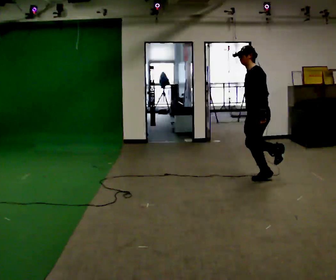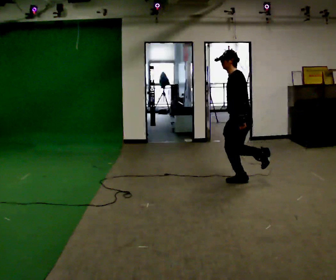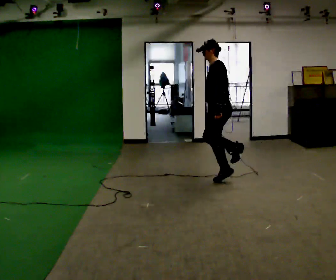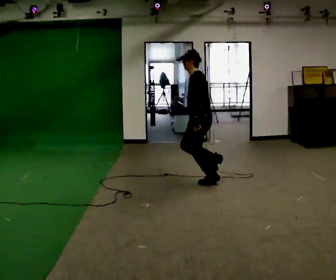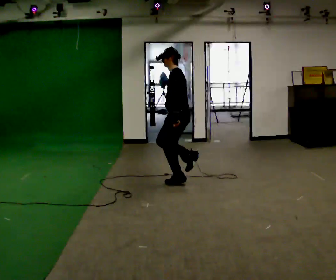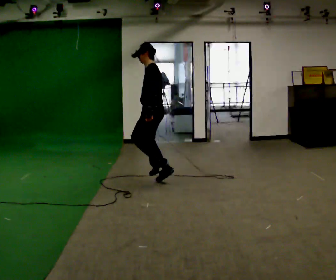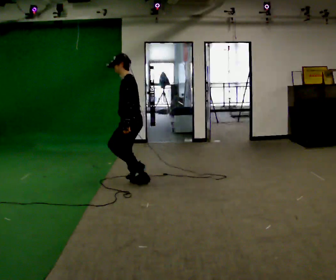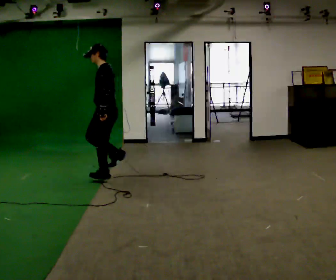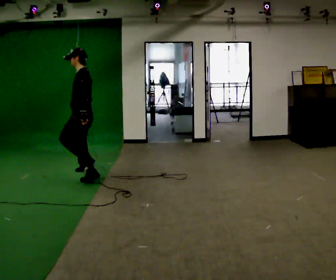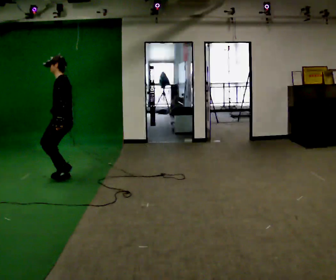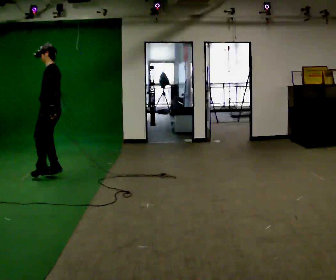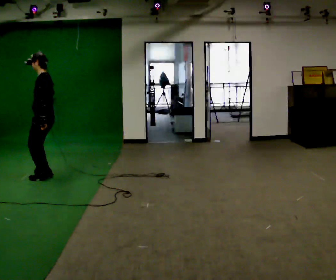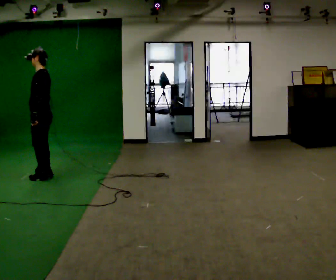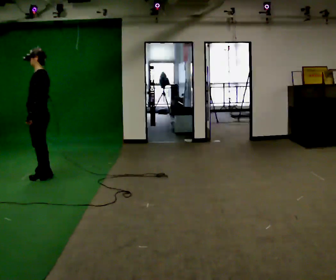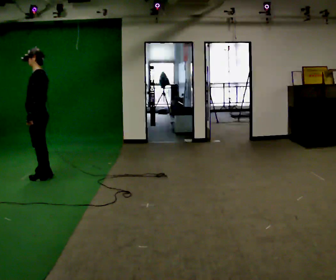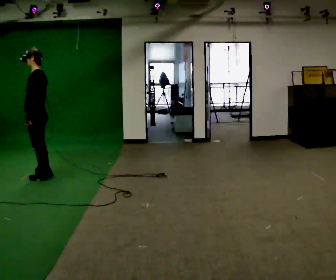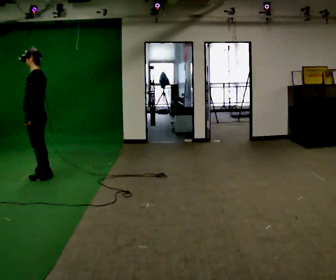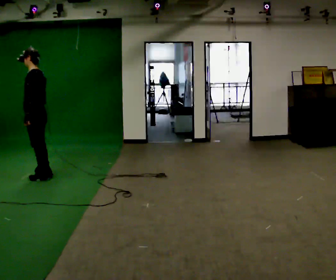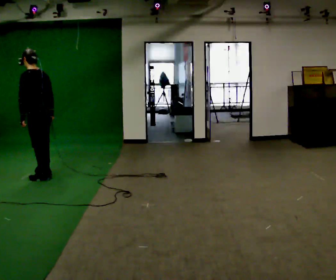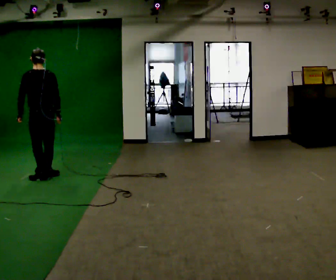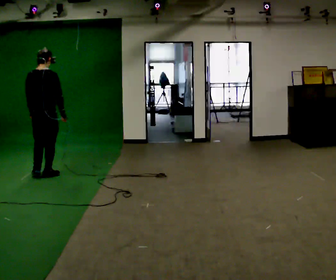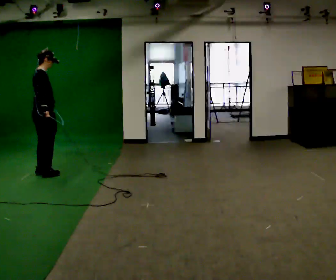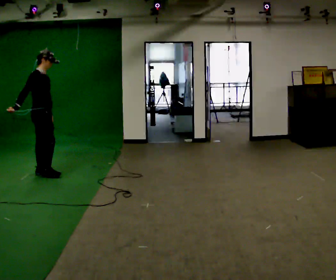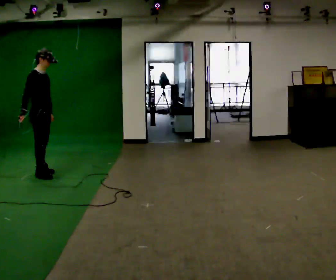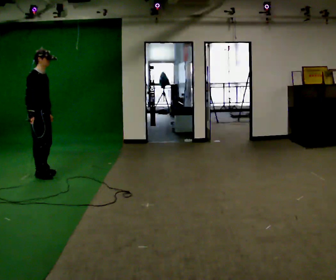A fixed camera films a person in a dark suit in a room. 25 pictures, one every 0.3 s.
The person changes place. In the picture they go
to the left.
The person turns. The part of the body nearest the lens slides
to the left.
0.0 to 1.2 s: In the picture they go to the left, about 1 m in 2 steps, which for them is forward.
1.2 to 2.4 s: In the picture they go to the left, about 1 m in 3 steps, which for them is forward.
2.4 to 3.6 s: In the picture they go to the left, about 0.5 m in 3 steps, which for them is forward.
3.6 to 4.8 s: The person moves a little, or ends about where they began.
4.8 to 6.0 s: The person turns about 105 degrees to their right, clockwise seen from above, so the part of the body nearest the lens slides to the left.
6.0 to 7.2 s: The person turns about 90 degrees to their right, clockwise seen from above, so the part of the body nearest the lens slides to the left. In the picture their right hand goes to the left.
The film runs forward here.
